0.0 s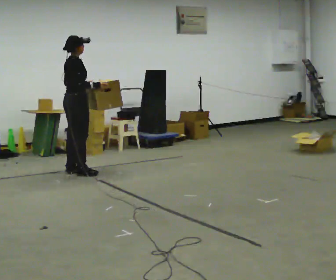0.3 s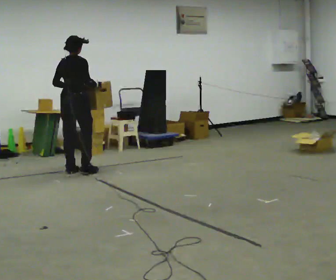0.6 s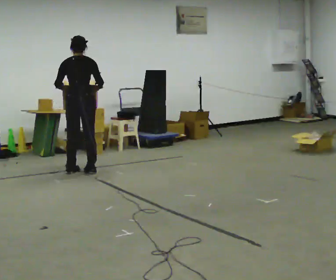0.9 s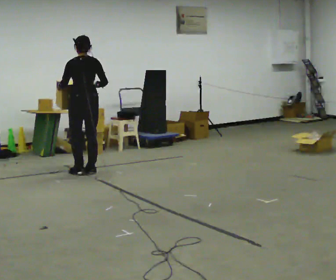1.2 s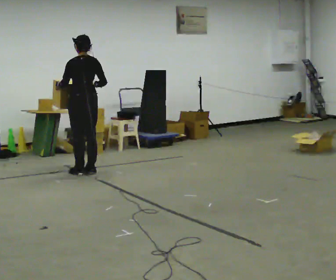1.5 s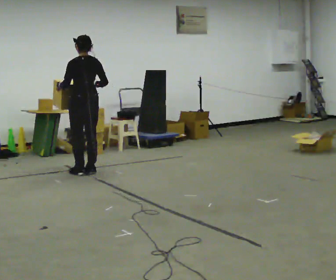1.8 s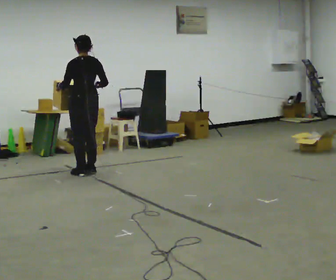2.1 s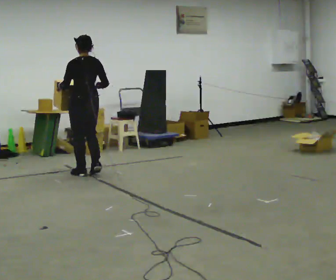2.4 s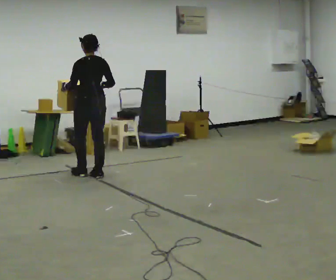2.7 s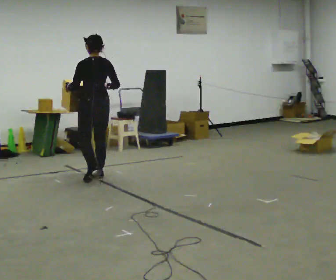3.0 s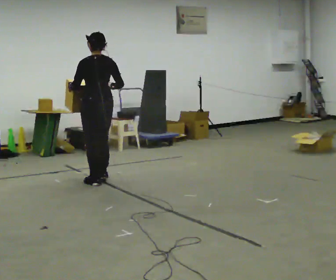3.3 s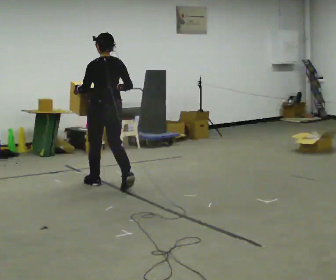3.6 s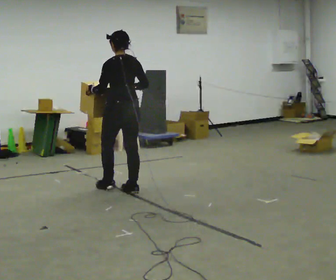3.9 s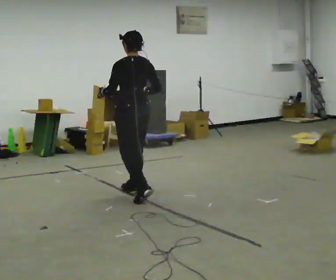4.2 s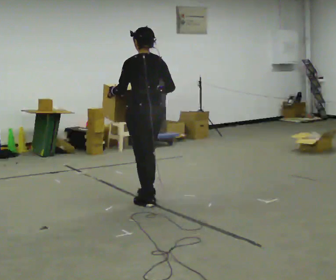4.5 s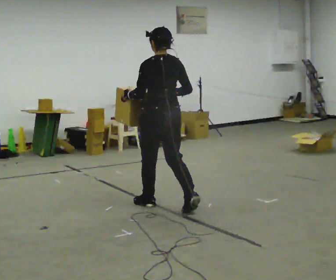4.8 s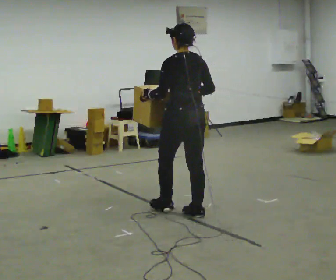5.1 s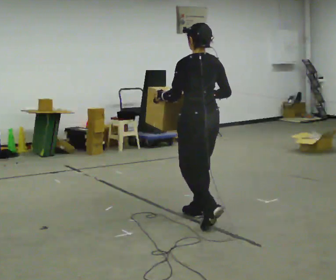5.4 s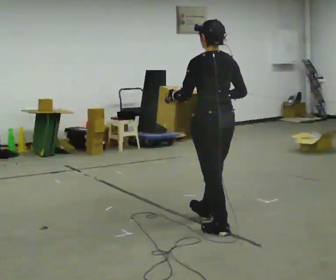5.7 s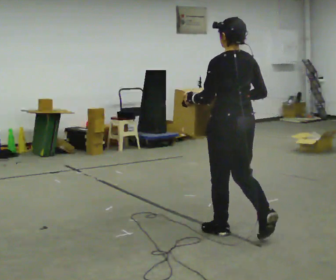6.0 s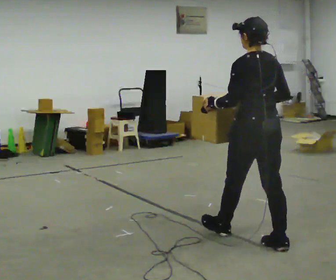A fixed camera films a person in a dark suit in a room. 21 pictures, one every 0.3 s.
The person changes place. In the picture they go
toward the camera.
0.0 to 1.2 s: The part of the body nearest the lens slides to the right as the person turns to their left by about 90 degrees.
1.2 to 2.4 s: In the picture they go toward the camera, about 0.25 m in 2 steps, which for them is backward.
2.4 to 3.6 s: In the picture they go toward the camera and to the right, about 1 m in 2 steps, which for them is backward.
3.6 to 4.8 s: In the picture they go toward the camera and to the right, about 1 m in 2 steps, which for them is backward.
4.8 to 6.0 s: In the picture they go toward the camera and to the right, about 1 m in 1 step, which for them is backward.
The film runs backward here.
